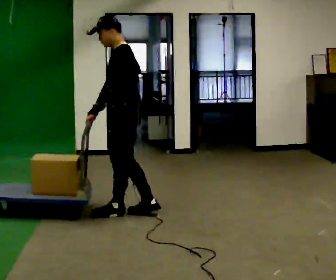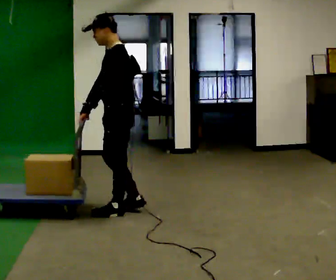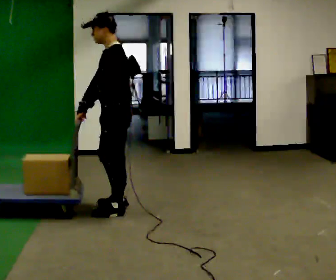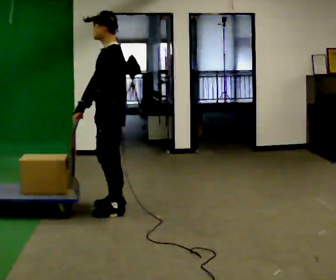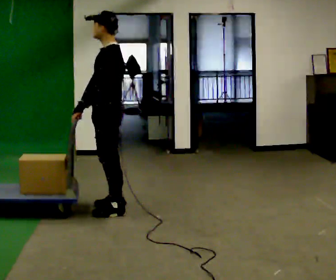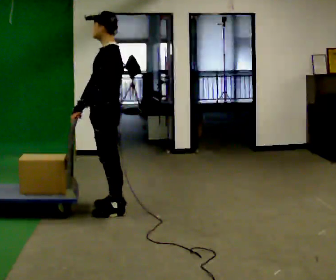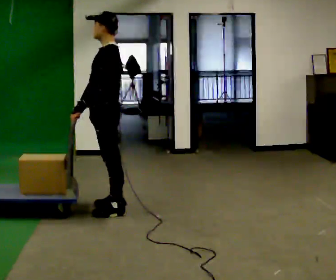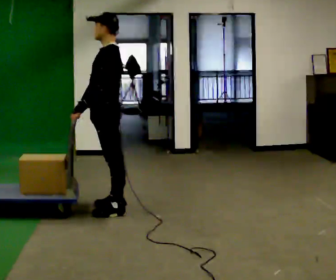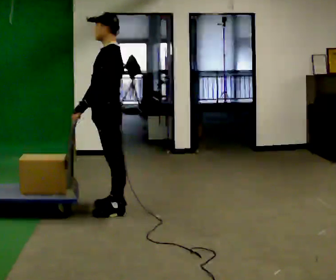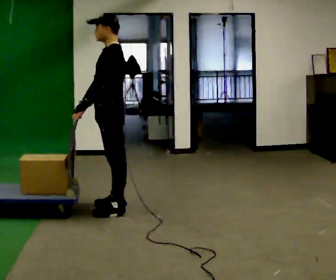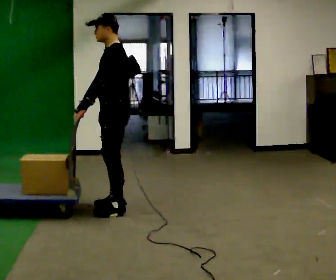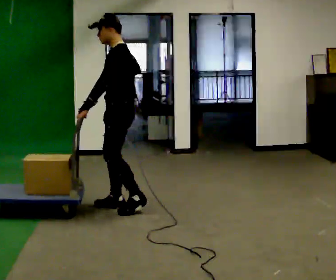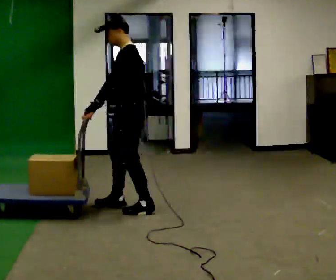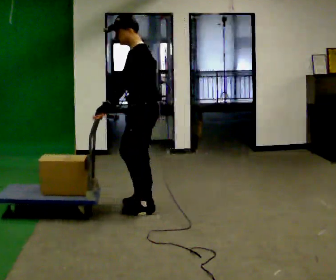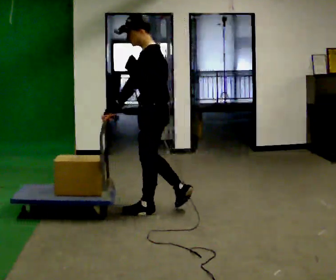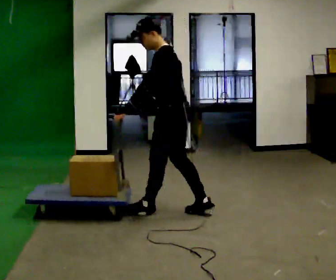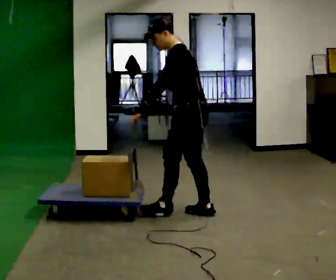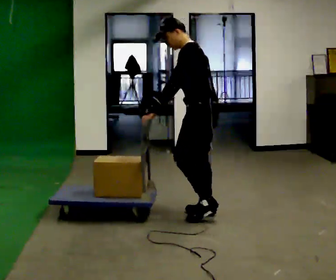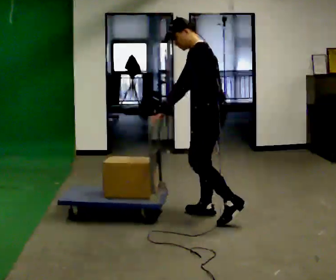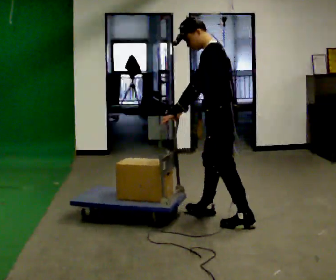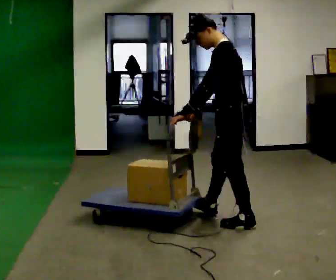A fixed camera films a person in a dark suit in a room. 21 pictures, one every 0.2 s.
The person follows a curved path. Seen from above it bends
clockwise.
0.0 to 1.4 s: In the picture they go to the left, about 0.25 m in 1 step, which for them is forward and to their right.
1.4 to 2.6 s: In the picture they go to the right, about 0.25 m in 2 steps, which for them is backward.
2.6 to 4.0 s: In the picture they go to the right and toward the camera, about 1 m in 2 steps, which for them is backward.
The film runs backward here.
